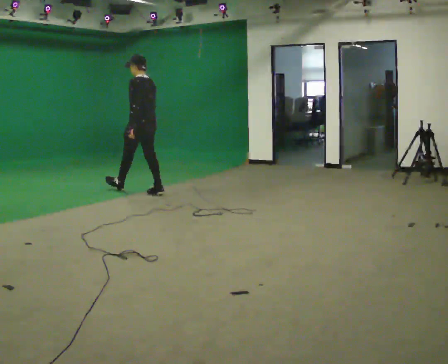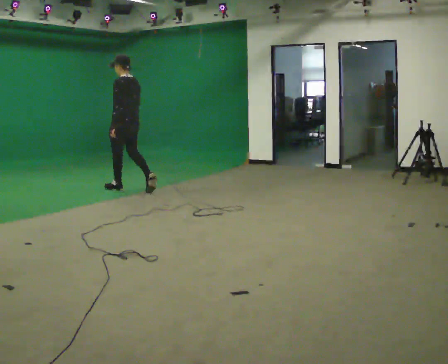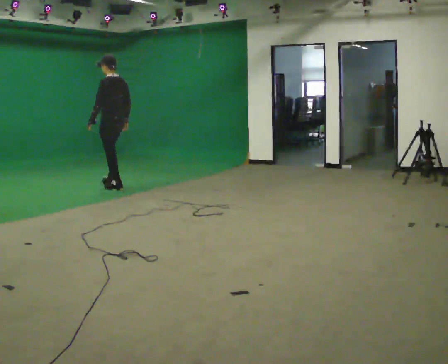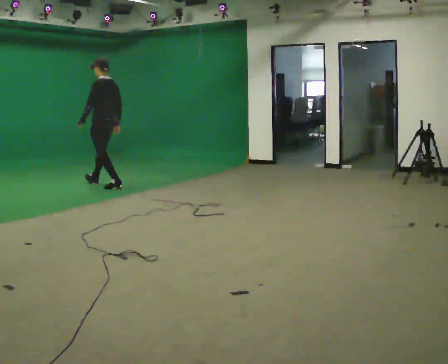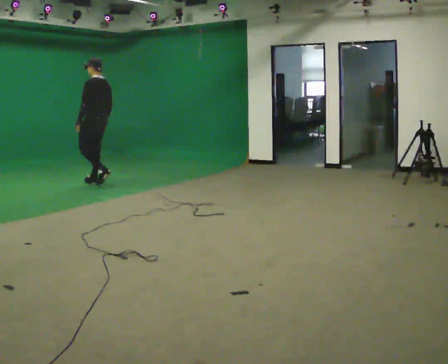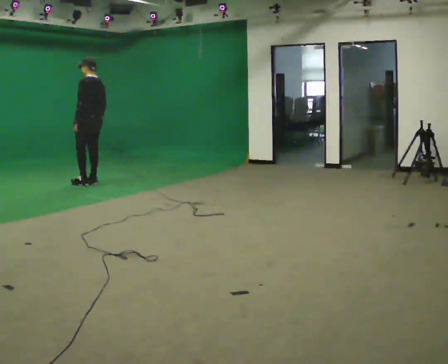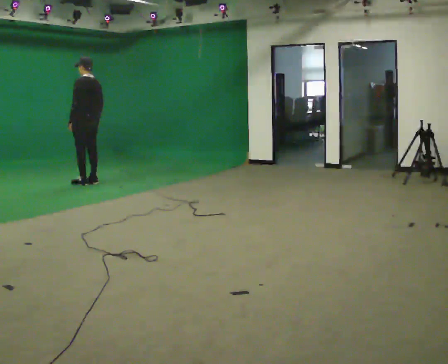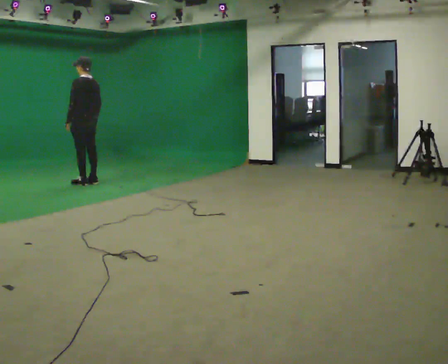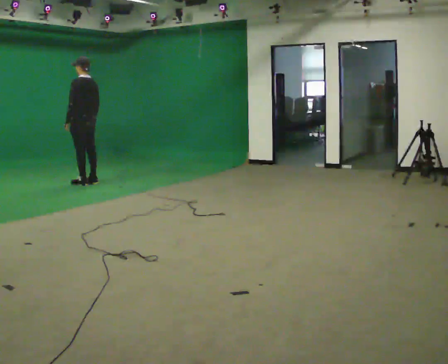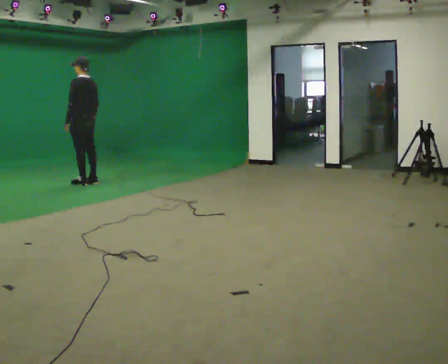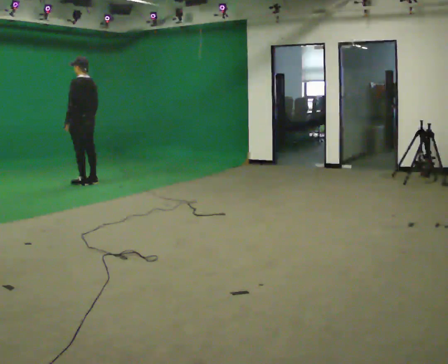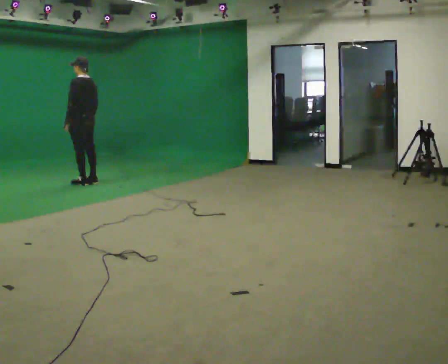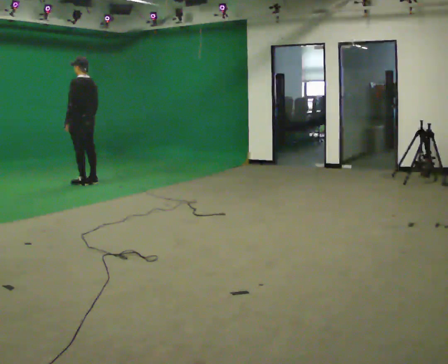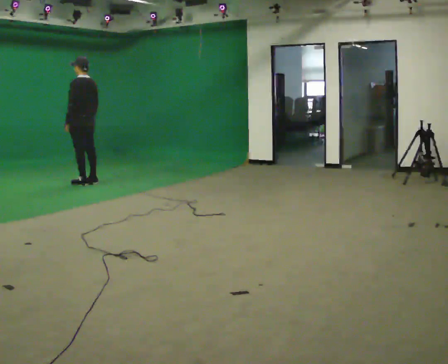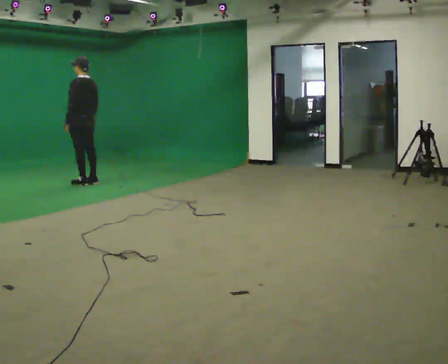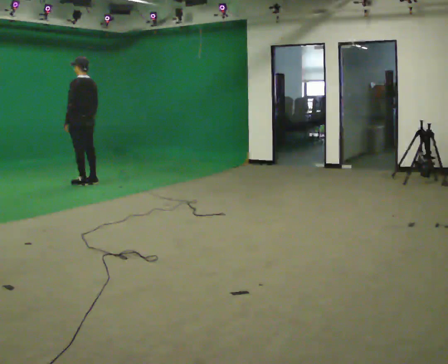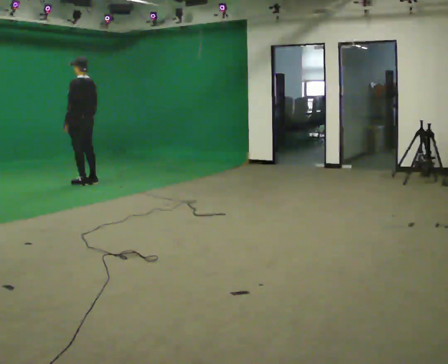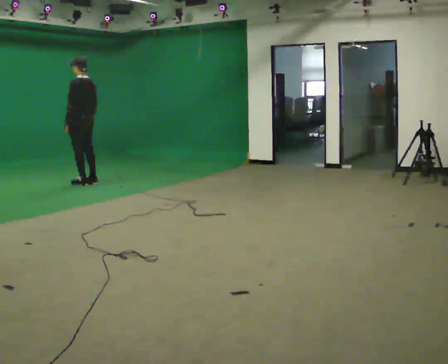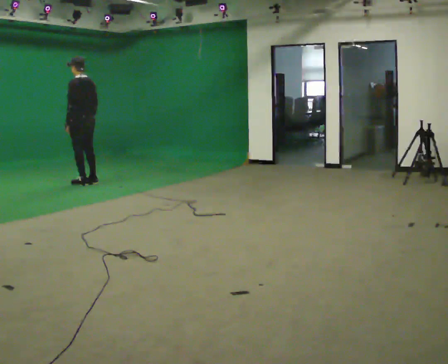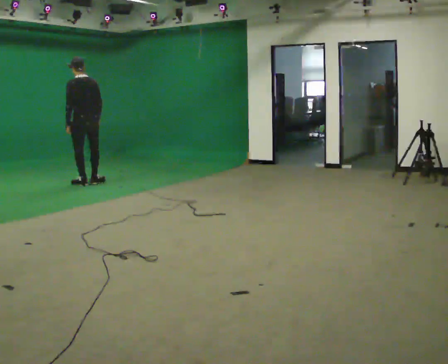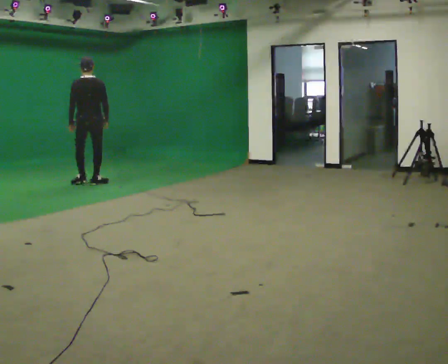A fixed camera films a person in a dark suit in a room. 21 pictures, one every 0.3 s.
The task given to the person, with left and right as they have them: Start at normal speed; gradually slow over several steps; stop gently.
0.0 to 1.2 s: In the picture they go away from the camera and to the left, about 1 m in 2 steps, which for them is forward.
1.2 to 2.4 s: In the picture they go to the left, about 0.25 m in 1 step, which for them is forward.
2.4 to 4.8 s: The person moves a little, or ends about where they began.
4.8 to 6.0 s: Seen from above the body turns clockwise, about 60 degrees: to their right, with its near side sliding to the left.
The film runs forward here.
